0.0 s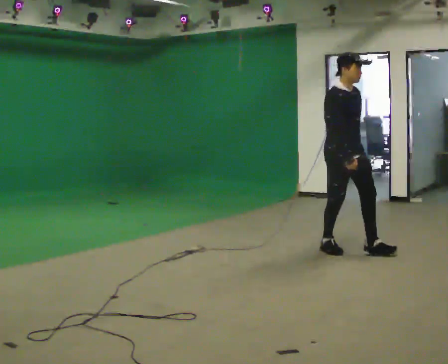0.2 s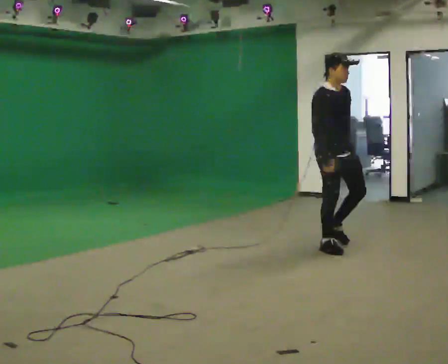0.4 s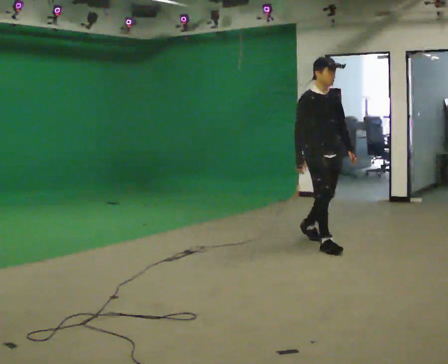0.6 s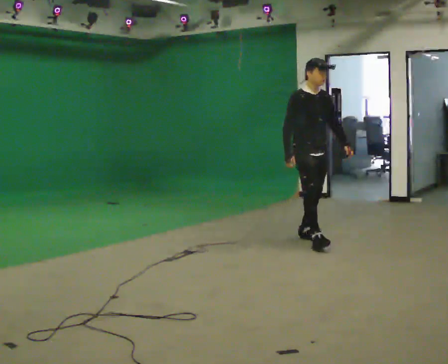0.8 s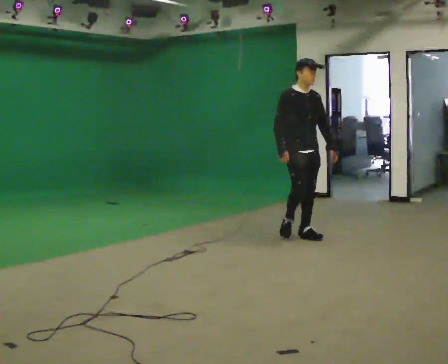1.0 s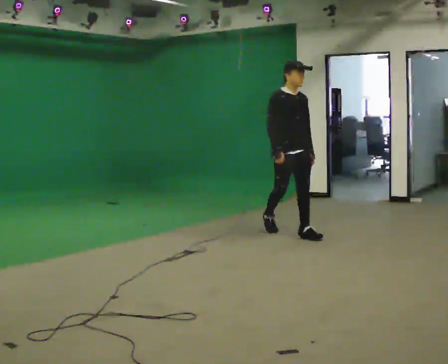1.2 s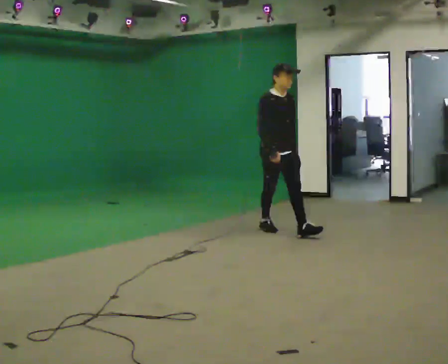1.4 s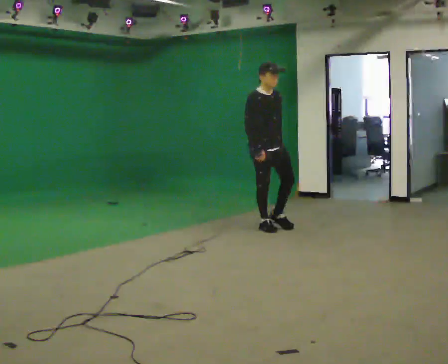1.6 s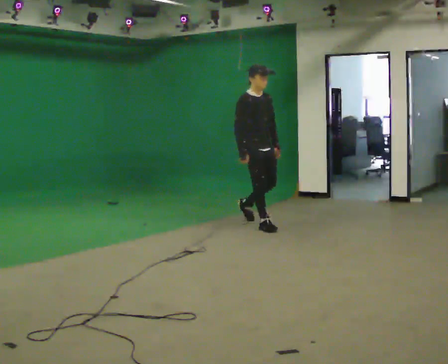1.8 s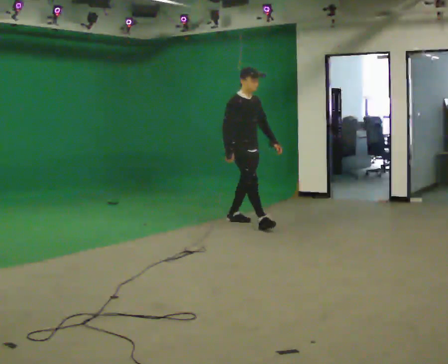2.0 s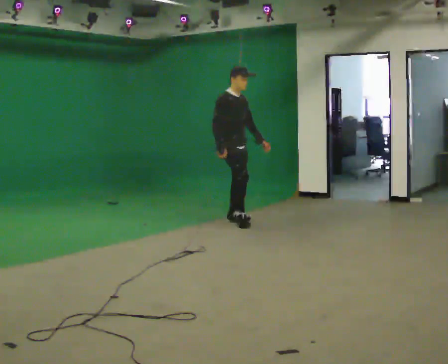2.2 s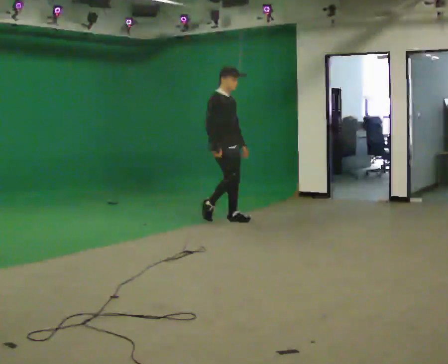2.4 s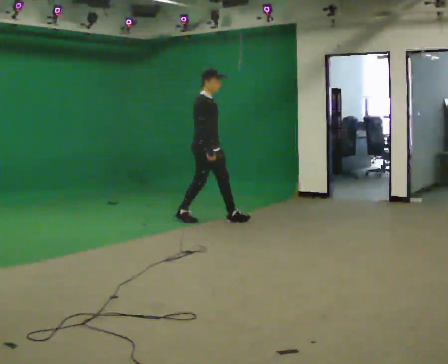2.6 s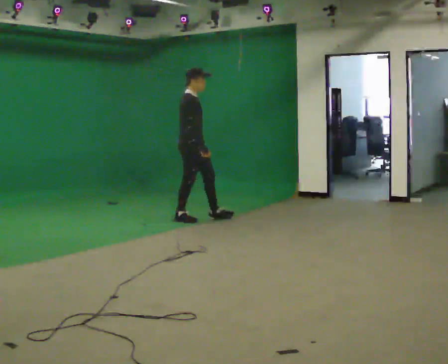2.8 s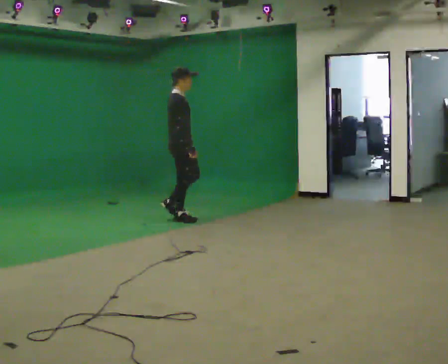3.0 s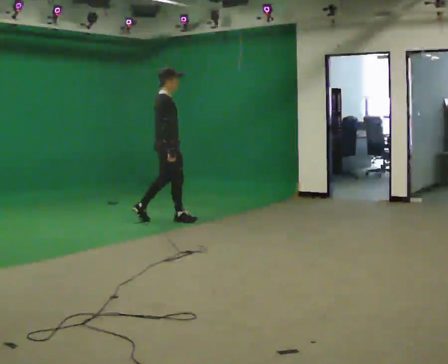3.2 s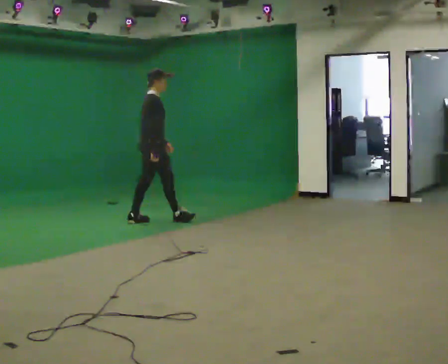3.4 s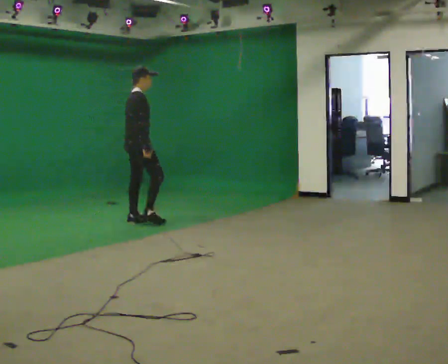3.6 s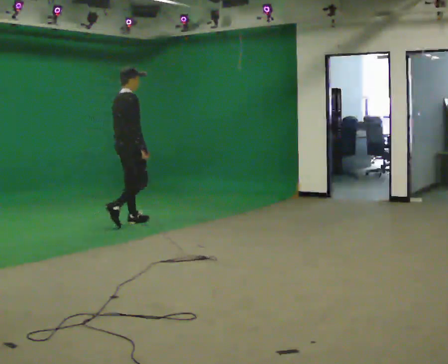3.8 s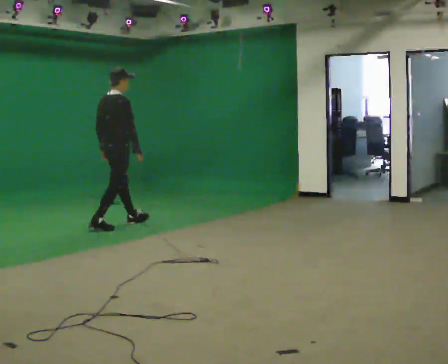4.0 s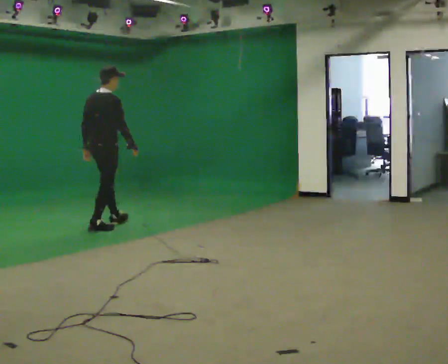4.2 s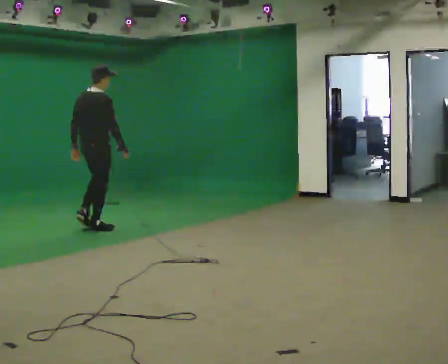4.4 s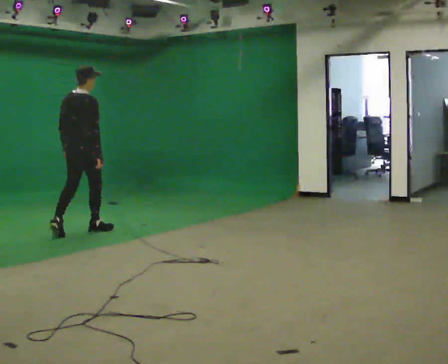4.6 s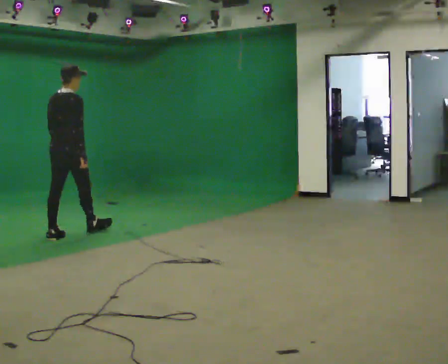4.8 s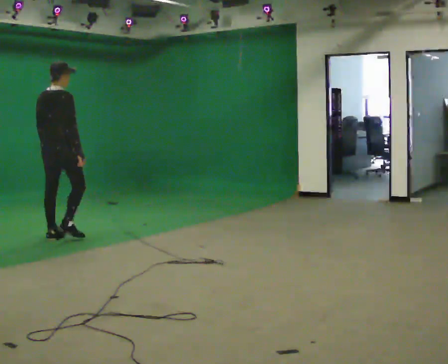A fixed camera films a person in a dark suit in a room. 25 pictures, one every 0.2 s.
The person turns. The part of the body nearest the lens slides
to the right.
The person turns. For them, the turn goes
to their left.
0.0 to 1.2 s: In the picture they go away from the camera and to the left, about 1 m in 2 steps, which for them is backward.
1.2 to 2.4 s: The part of the body nearest the lens slides to the right as the person turns to their left by about 45 degrees. In the picture they go to the left and away from the camera, about 1 m in 1 step, which for them is backward.
2.4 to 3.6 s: The person turns about 60 degrees to their left, counterclockwise seen from above, so the part of the body nearest the lens slides to the right. In the picture they go to the left, about 1 m in 2 steps, which for them is backward.
3.6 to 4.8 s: The person turns about 30 degrees to their left, counterclockwise seen from above, so the part of the body nearest the lens slides to the right. In the picture they go toward the camera and to the left, about 1 m in 2 steps, which for them is backward.
The film runs backward here.
